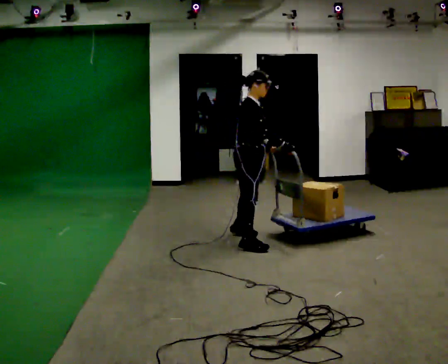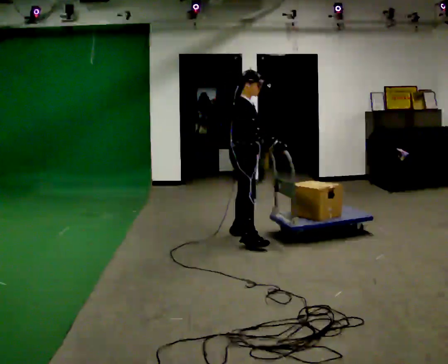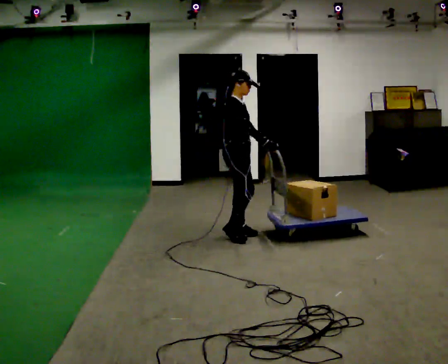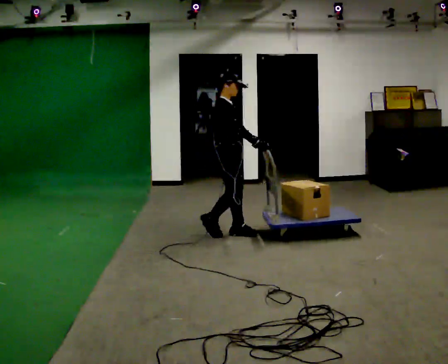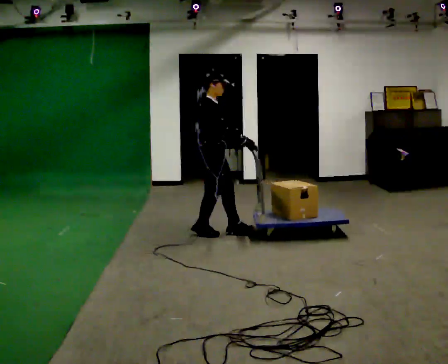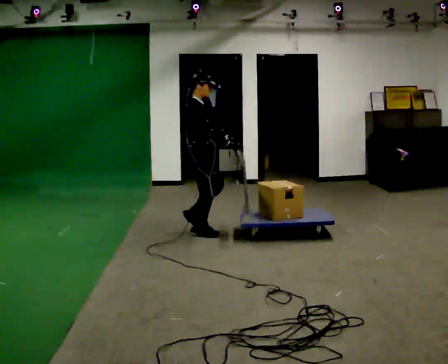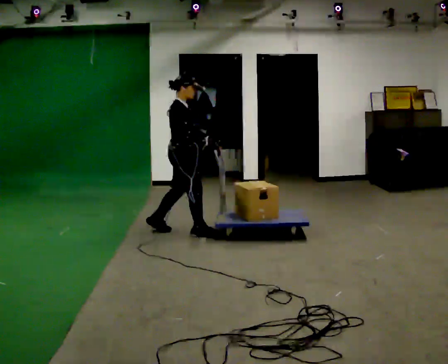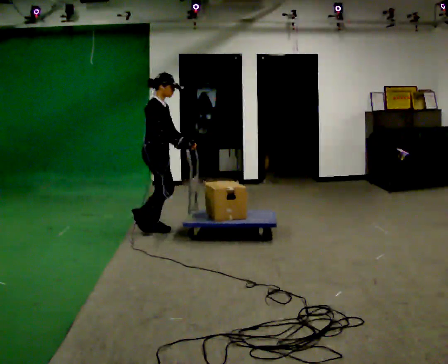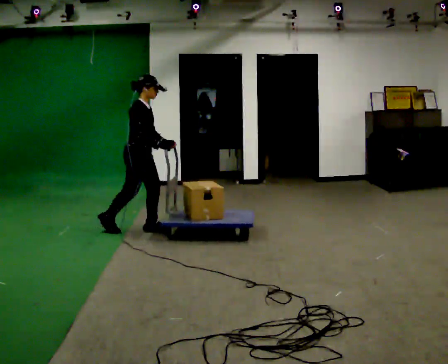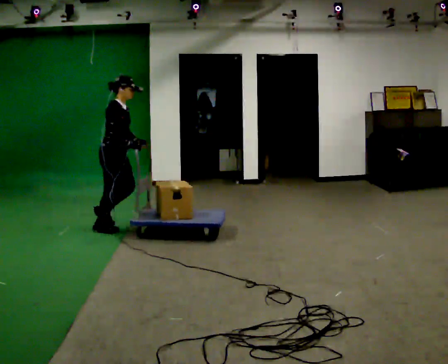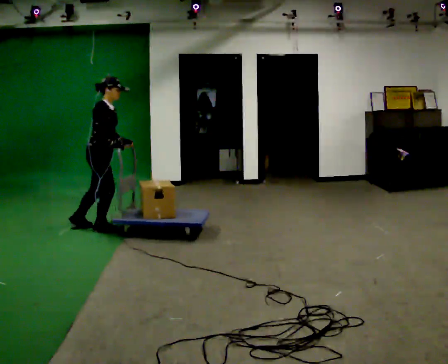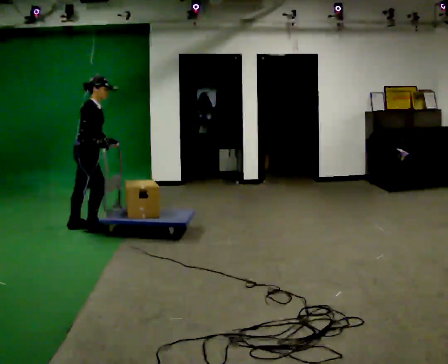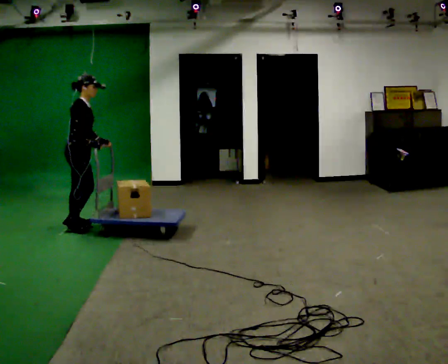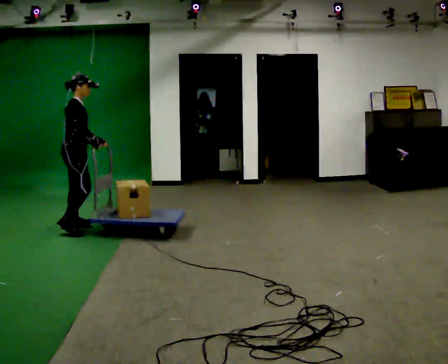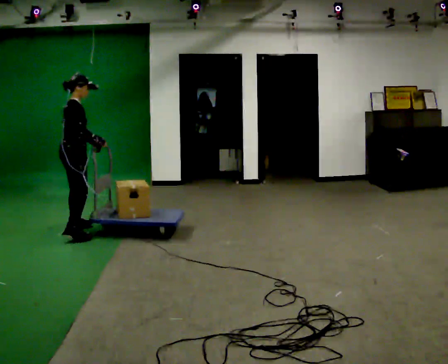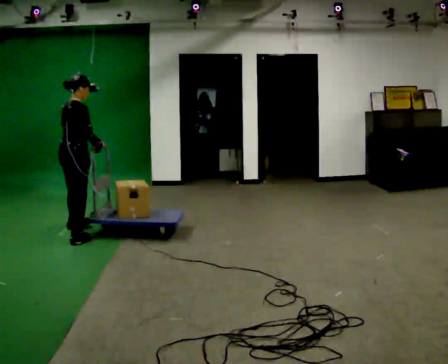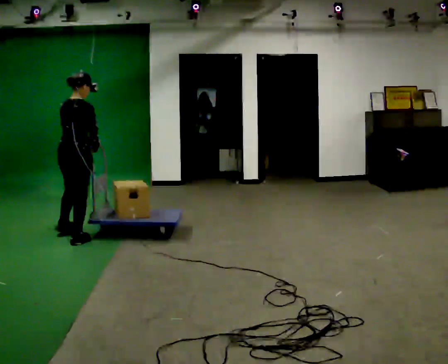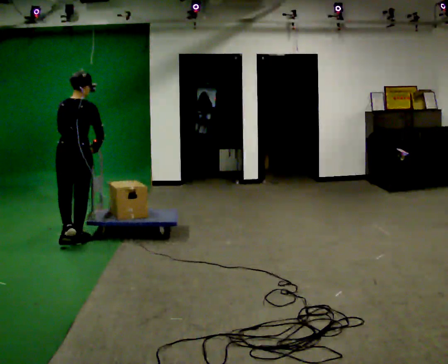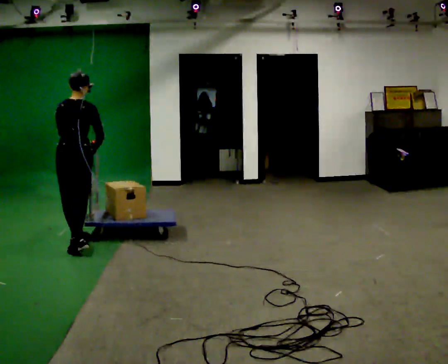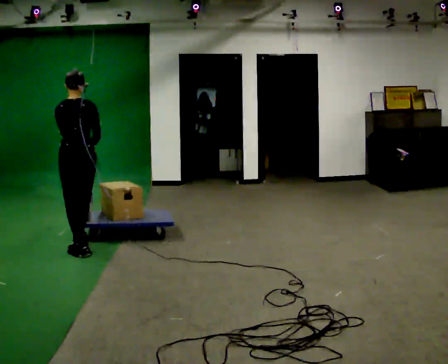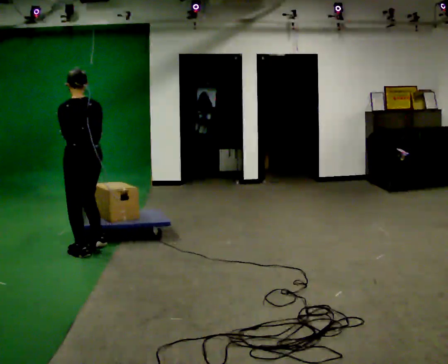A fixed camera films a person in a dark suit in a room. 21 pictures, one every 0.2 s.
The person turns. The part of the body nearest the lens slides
to the right.
The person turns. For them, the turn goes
to their left.
0.0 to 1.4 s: In the picture they go to the left and away from the camera, about 1 m in 3 steps, which for them is backward.
1.4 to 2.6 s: In the picture they go to the left, about 1 m in 2 steps, which for them is backward.
2.6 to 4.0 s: Seen from above the body turns counterclockwise, about 105 degrees: to their left, with its near side sliding to the right. In the picture they go toward the camera, about 1 m in 2 steps.
The film runs backward here.
